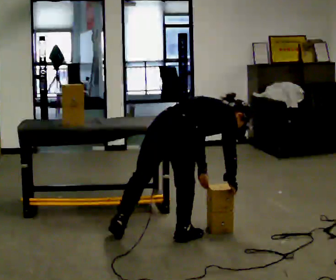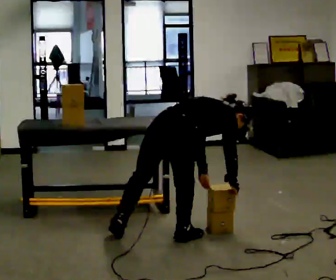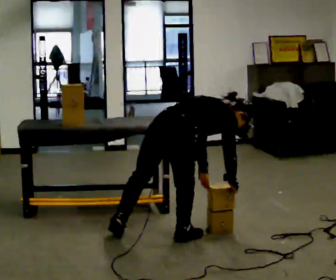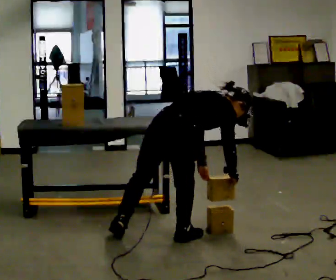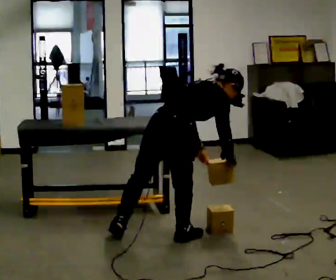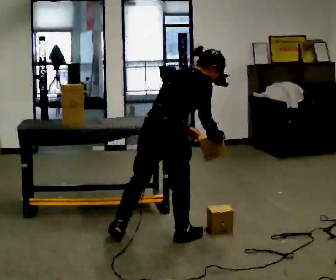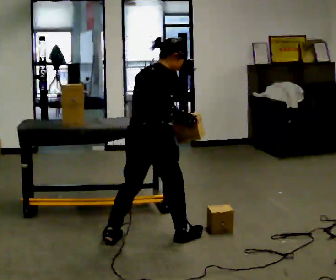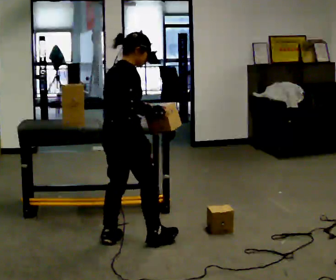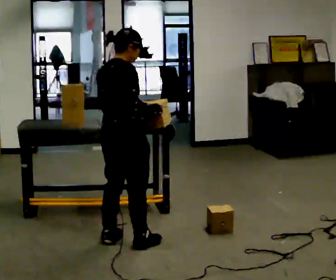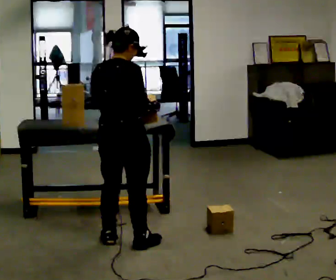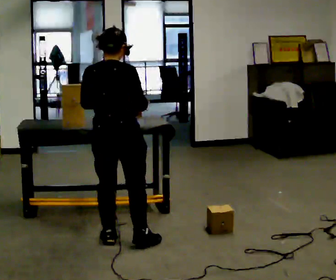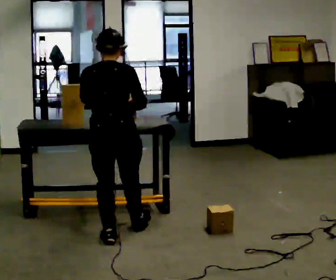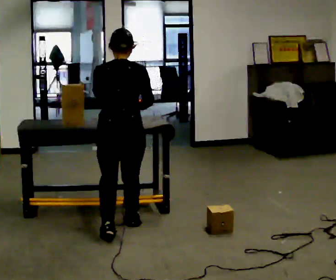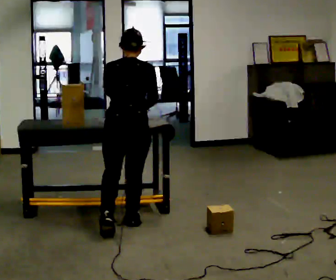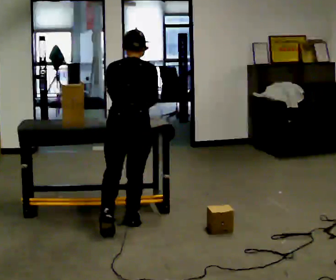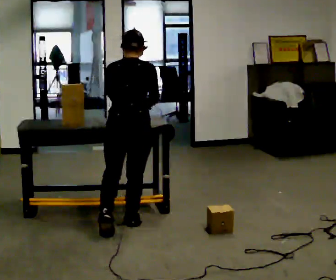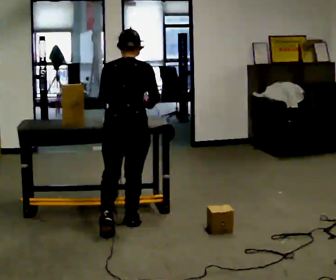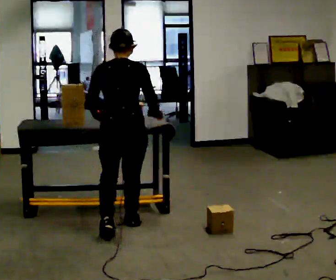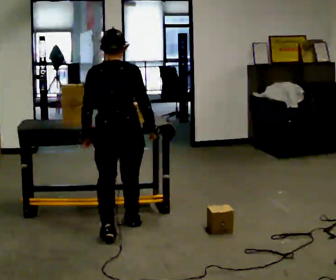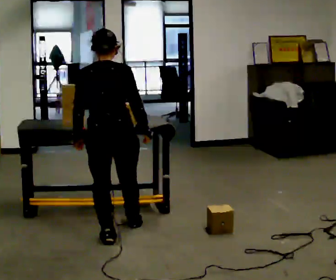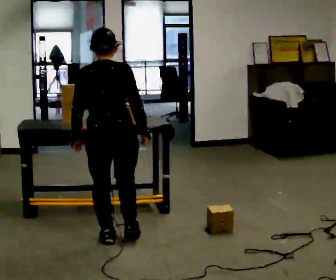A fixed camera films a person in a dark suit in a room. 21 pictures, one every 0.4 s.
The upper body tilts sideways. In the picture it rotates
counterclockwise.
0.0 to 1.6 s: The upper body tips toward the camera, its near side rolling downward, as they lean back or straighten.
1.6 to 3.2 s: In the picture they go to the left, about 0.25 m in 1 step, which for them is backward and to their left. In the picture the upper body tilts counterclockwise, shoulders to the left, as they lean back or straighten. In the picture their right hand goes upward.
3.2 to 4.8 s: The person turns about 60 degrees to their left, counterclockwise seen from above, so the part of the body nearest the lens slides to the right. In the picture they go away from the camera, about 0.25 m in 1 step, which for them is forward.
4.8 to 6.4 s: The person moves a little, or ends about where they began.
6.4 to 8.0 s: In the picture they go toward the camera, about 0.25 m in 1 step, which for them is backward and to their left.
The film runs backward here.
